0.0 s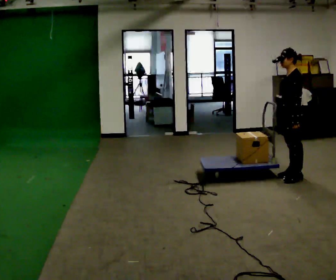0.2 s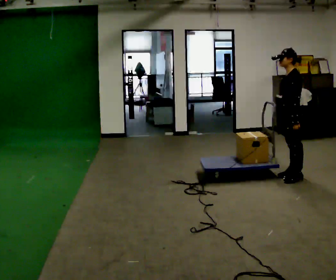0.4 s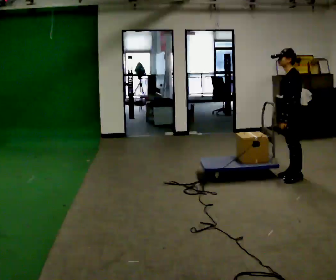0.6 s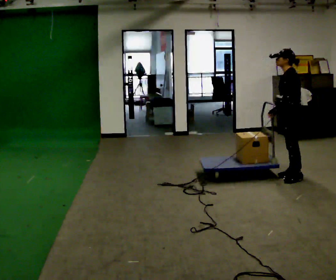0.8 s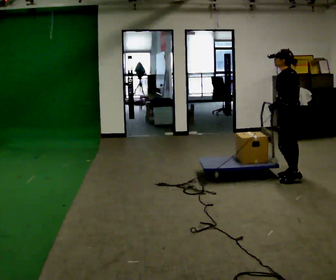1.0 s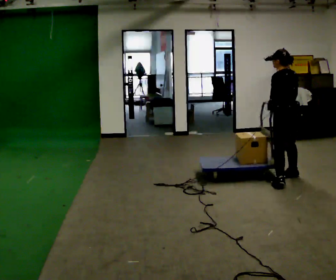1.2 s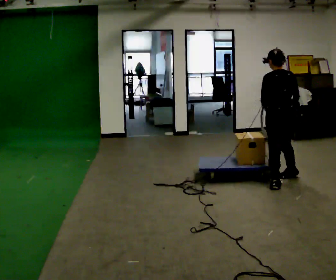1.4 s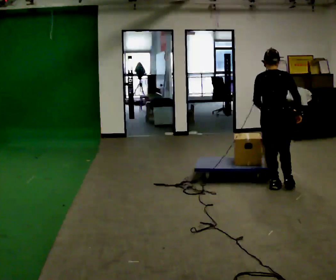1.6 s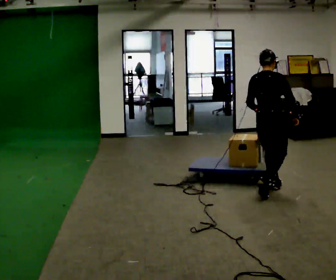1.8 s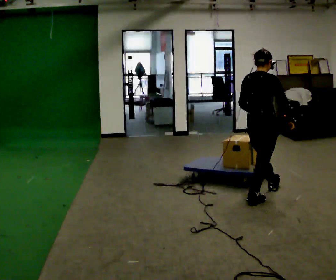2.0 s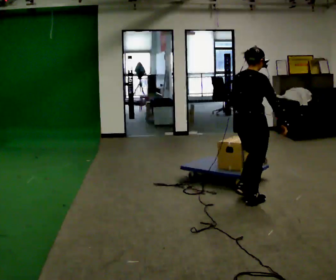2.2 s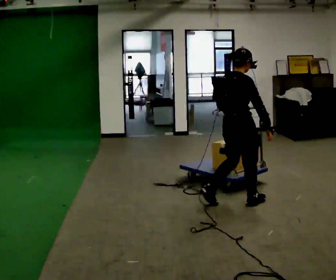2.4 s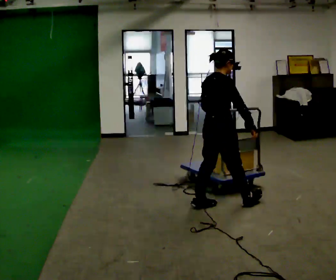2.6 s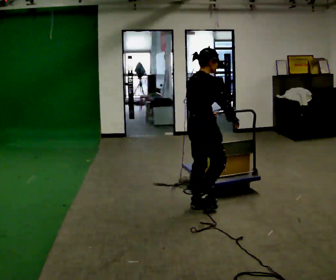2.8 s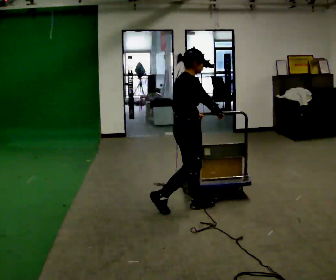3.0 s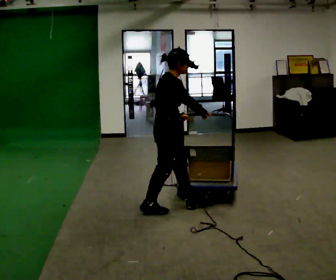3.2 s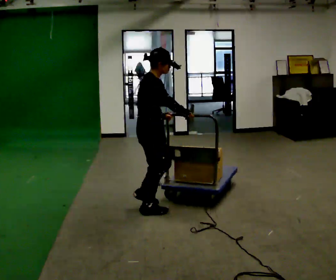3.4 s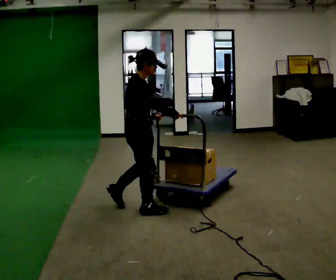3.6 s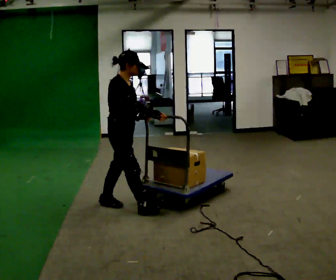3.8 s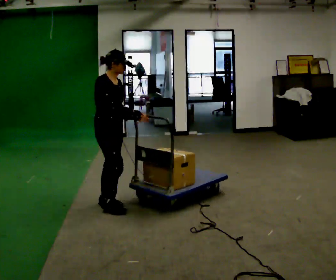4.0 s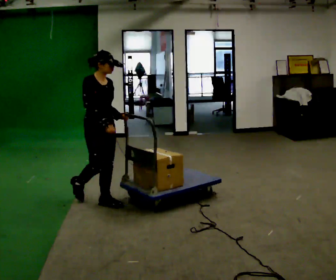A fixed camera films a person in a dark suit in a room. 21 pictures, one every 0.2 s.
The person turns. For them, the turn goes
to their right.
The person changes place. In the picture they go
to the left.
0.0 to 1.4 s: The part of the body nearest the lens slides to the left as the person turns to their right by about 105 degrees. In the picture they go toward the camera and to the left, about 0.5 m in 2 steps.
1.4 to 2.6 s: Seen from above the body turns clockwise, about 60 degrees: to their right, with its near side sliding to the left. In the picture they go to the left and toward the camera, about 1 m in 2 steps, which for them is backward.
2.6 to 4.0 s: Seen from above the body turns clockwise, about 60 degrees: to their right, with its near side sliding to the left. In the picture they go to the left, about 1 m in 2 steps, which for them is backward.
The film runs backward here.
